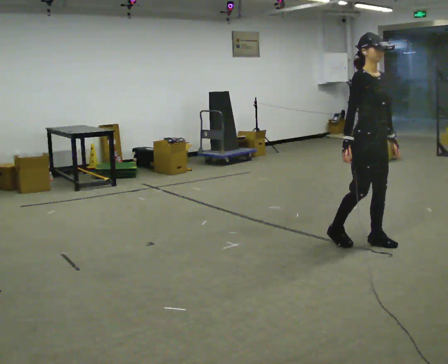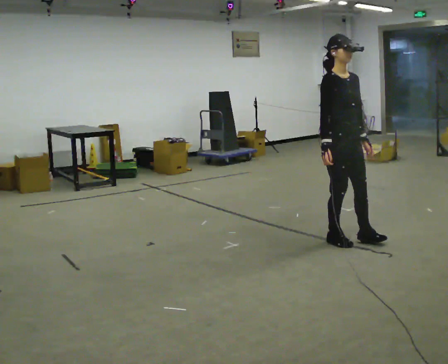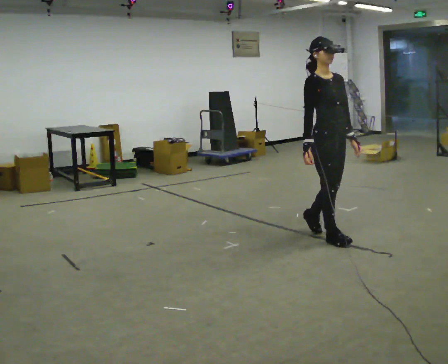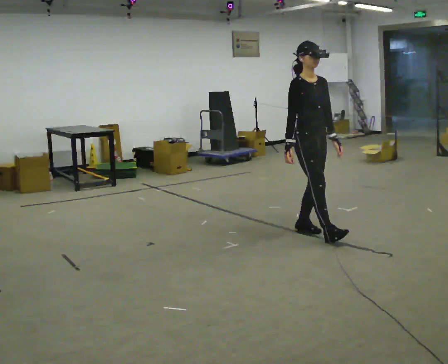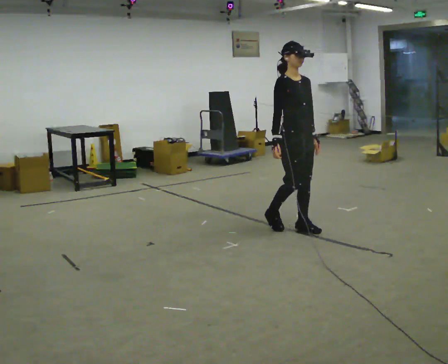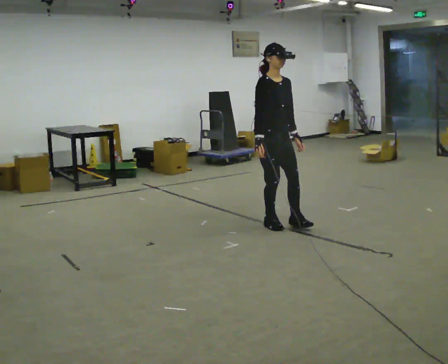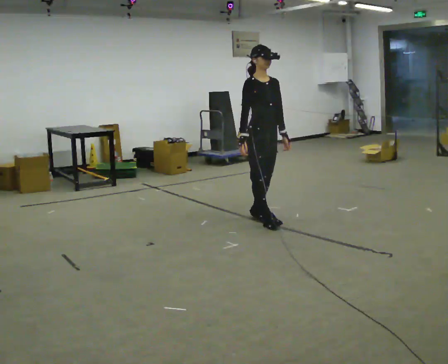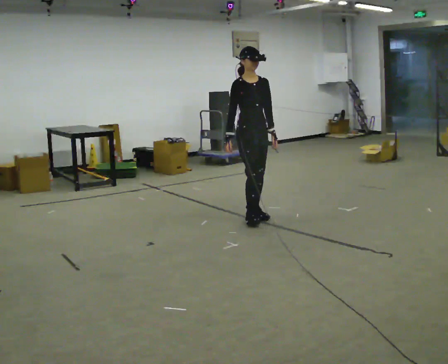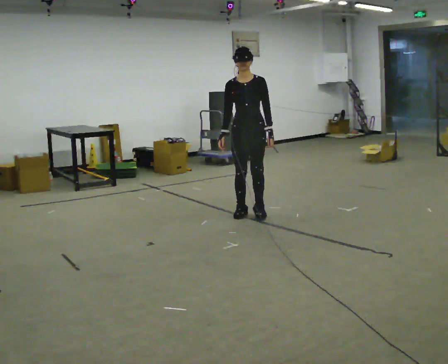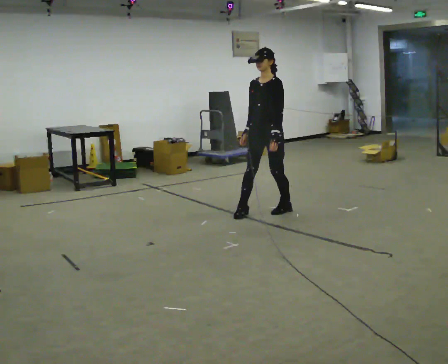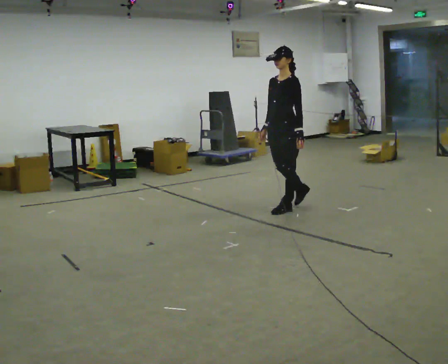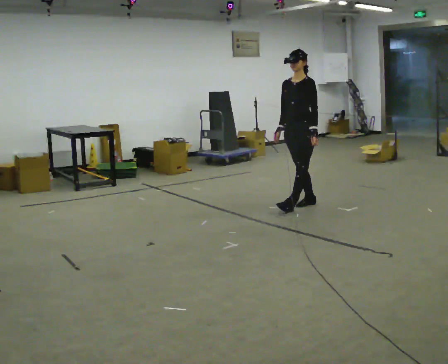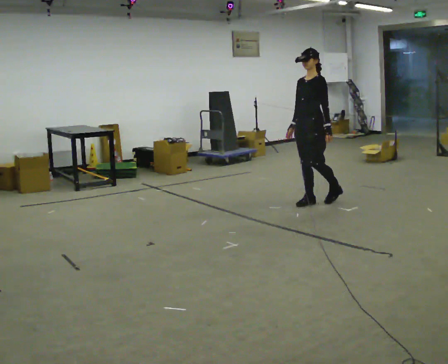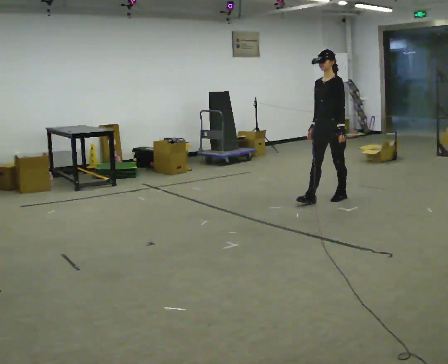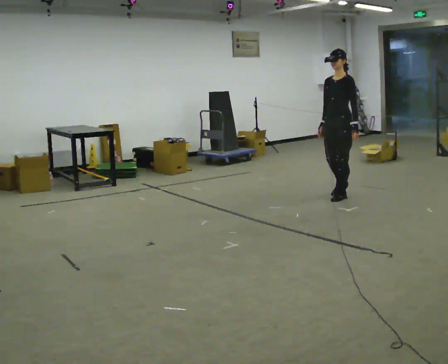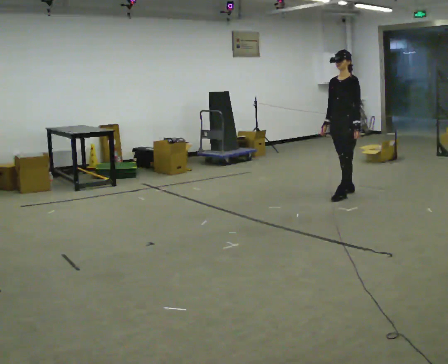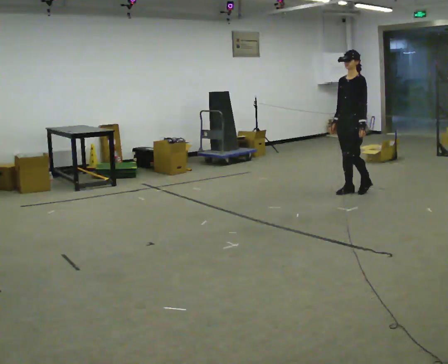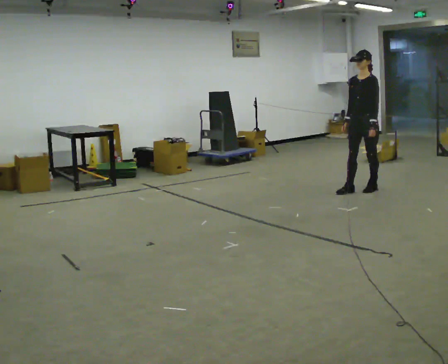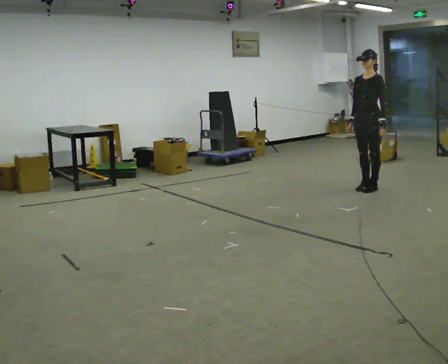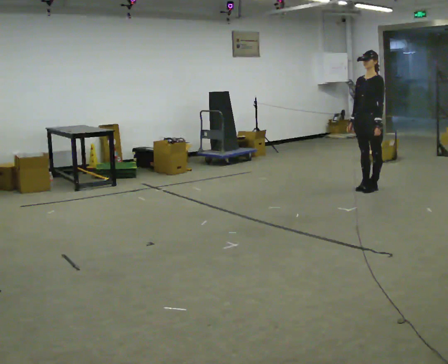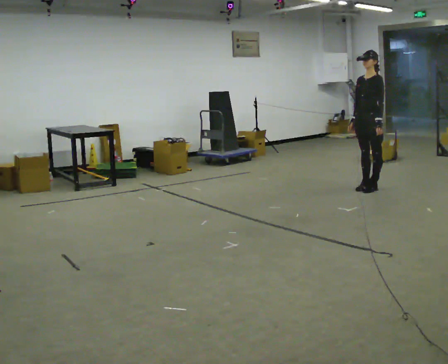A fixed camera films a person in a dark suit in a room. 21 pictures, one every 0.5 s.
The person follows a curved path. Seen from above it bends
clockwise.
The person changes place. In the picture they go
away from the camera.
0.0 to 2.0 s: In the picture they go to the left and away from the camera, about 0.5 m in 1 step, which for them is backward.
2.0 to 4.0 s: The person turns about 45 degrees to their right, clockwise seen from above, so the part of the body nearest the lens slides to the left. In the picture they go away from the camera and to the left, about 0.75 m in 3 steps, which for them is backward.
4.0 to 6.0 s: The part of the body nearest the lens slides to the left as the person turns to their right by about 45 degrees. In the picture they go to the right and away from the camera, about 1 m in 2 steps, which for them is backward.
6.0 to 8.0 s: In the picture they go to the right and away from the camera, about 0.75 m in 2 steps, which for them is backward.
8.0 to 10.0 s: In the picture they go to the right, about 0.25 m in 2 steps, which for them is backward.
The film runs forward here.
